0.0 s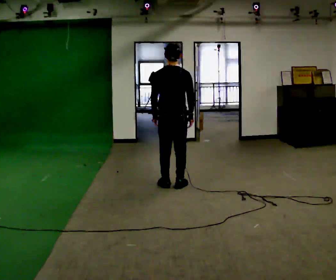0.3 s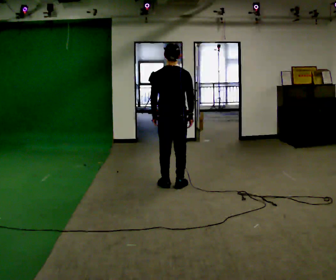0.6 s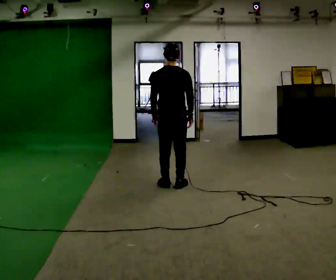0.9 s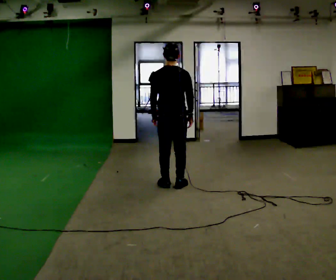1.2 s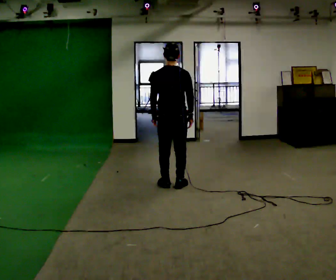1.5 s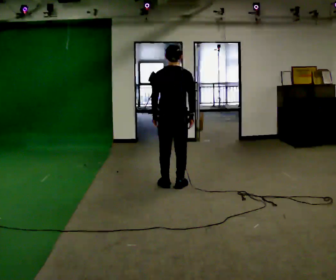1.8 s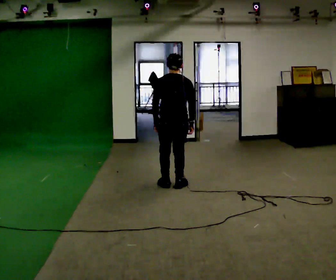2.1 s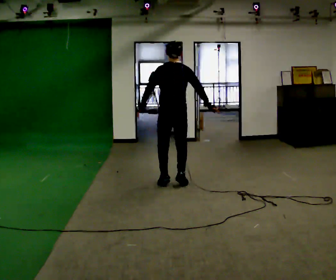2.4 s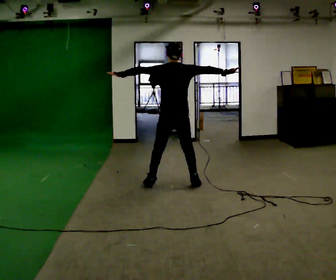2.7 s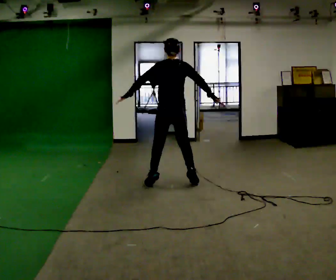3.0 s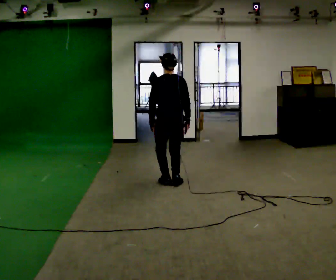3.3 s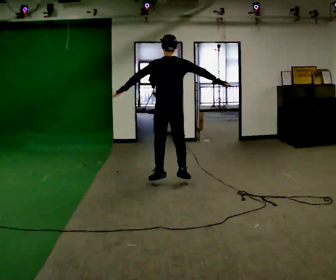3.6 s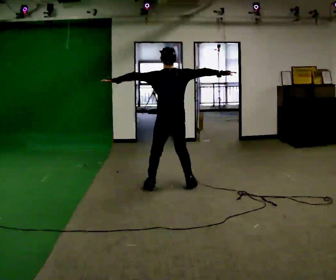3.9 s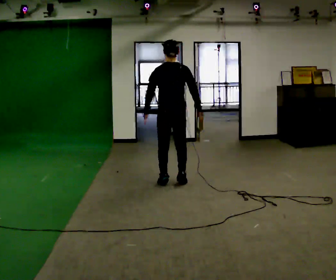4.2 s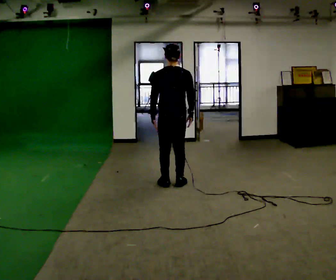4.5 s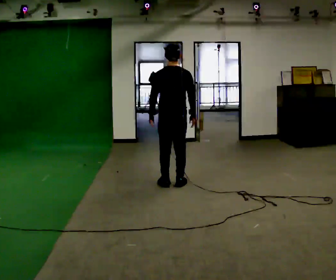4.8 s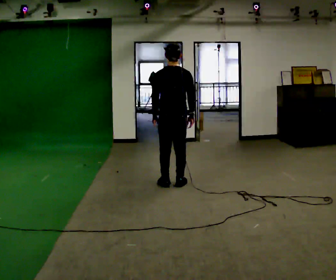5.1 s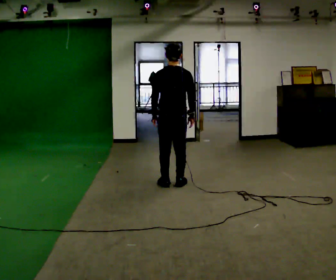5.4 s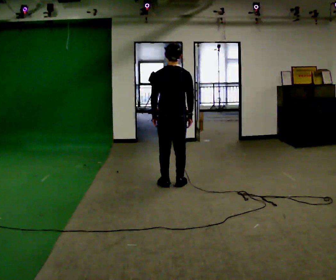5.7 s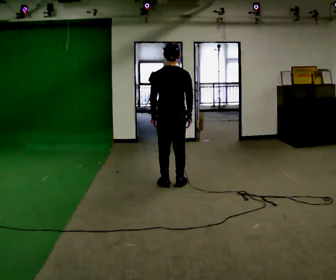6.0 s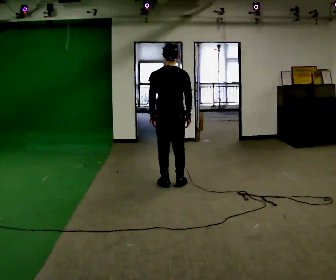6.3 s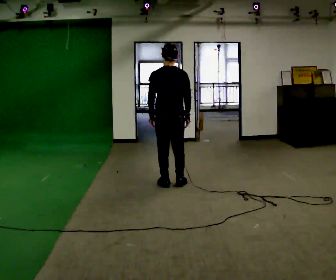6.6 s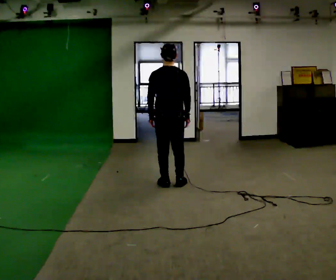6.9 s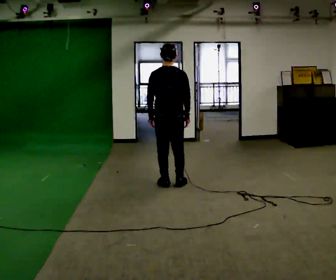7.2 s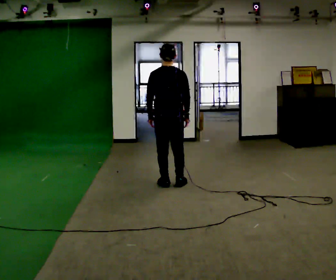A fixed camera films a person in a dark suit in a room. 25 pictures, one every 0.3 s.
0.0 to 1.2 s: The person moves a little, or ends about where they began.
1.2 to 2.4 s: In the picture their right hand goes upward and to the right, the arm swinging counterclockwise.
2.4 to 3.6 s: The person moves a little, or ends about where they began.
3.6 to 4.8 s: In the picture their right hand goes downward and to the left, the arm swinging clockwise.
4.8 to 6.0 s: The person moves a little, or ends about where they began.
6.0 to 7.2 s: The person keeps their place and pose.
The film runs forward here.
